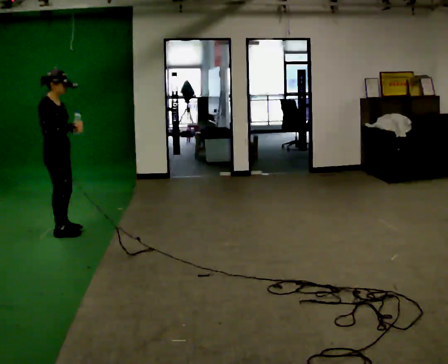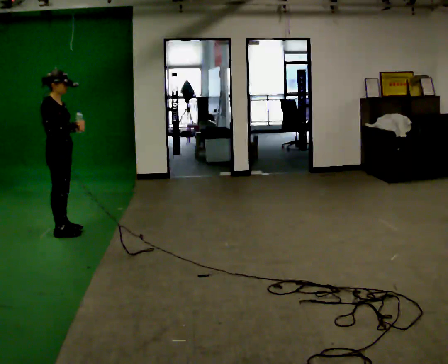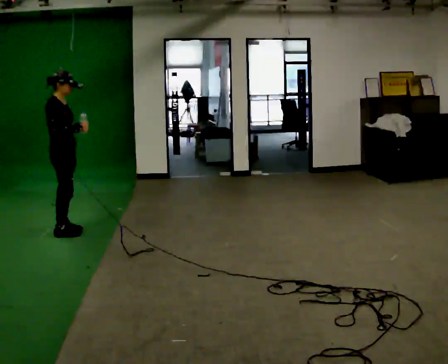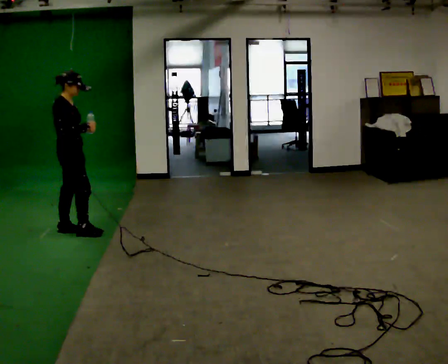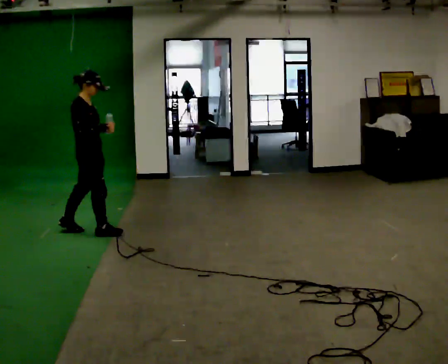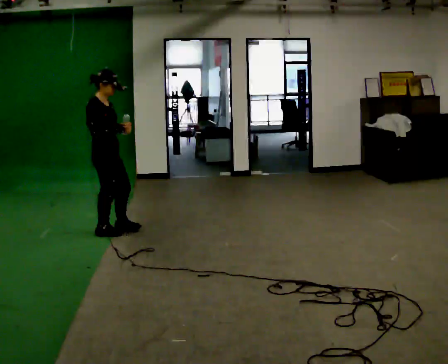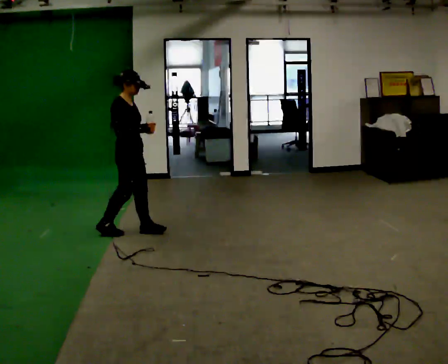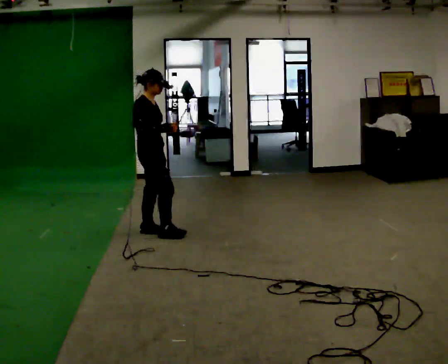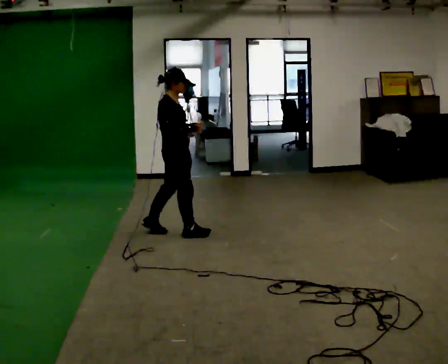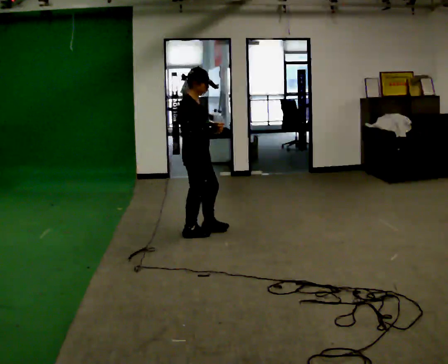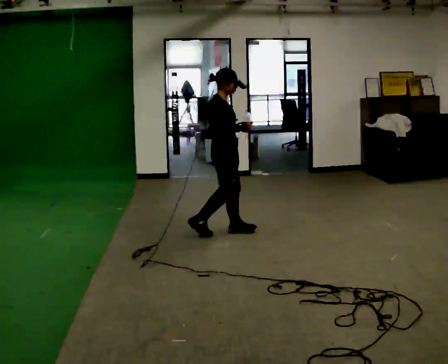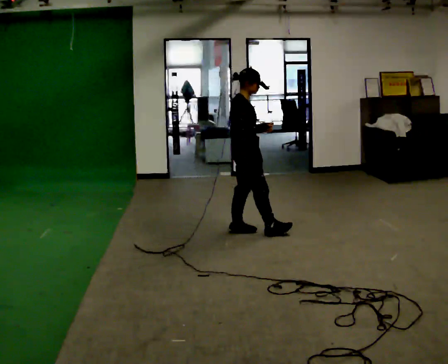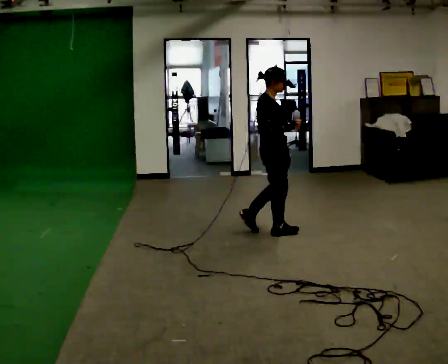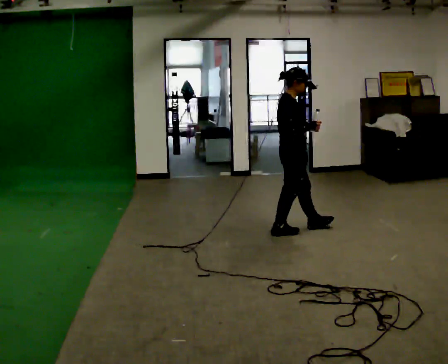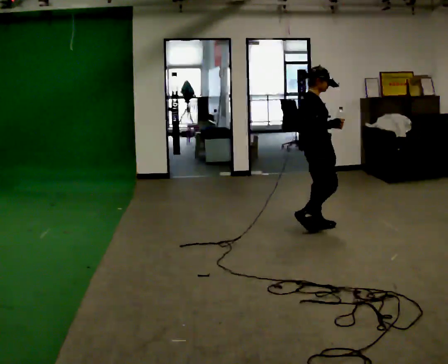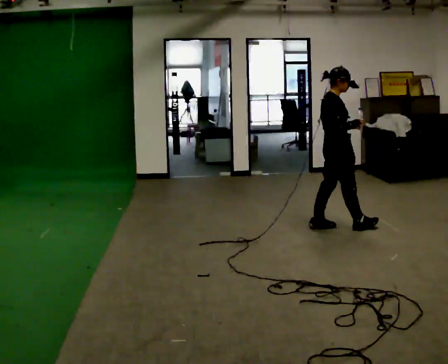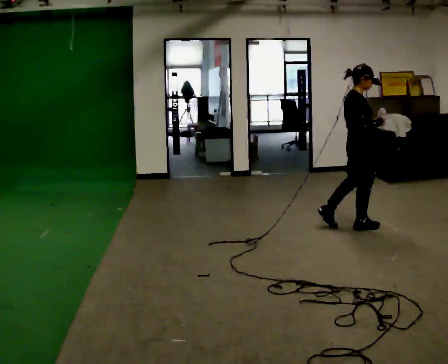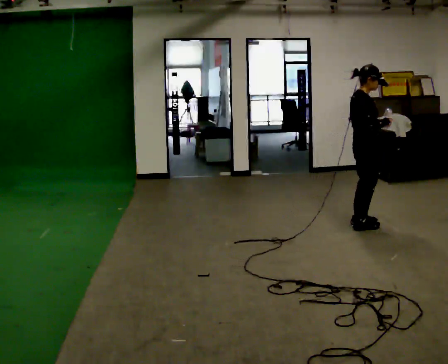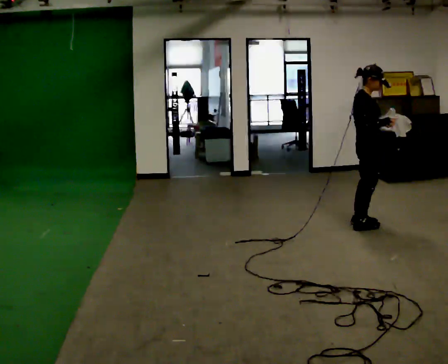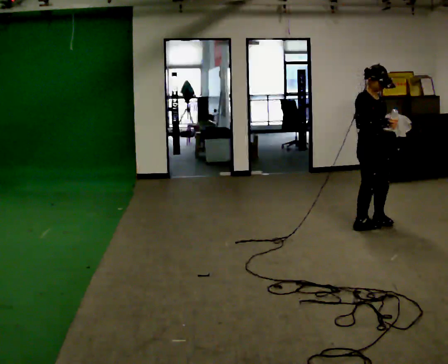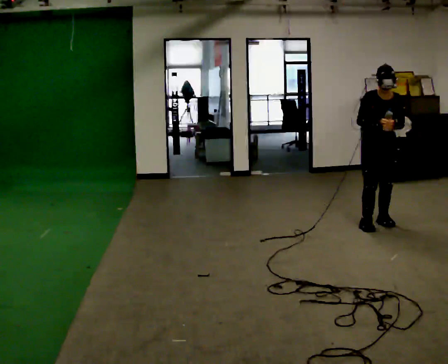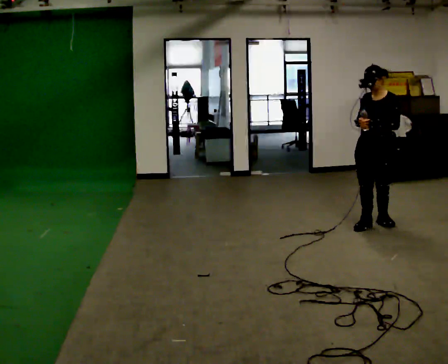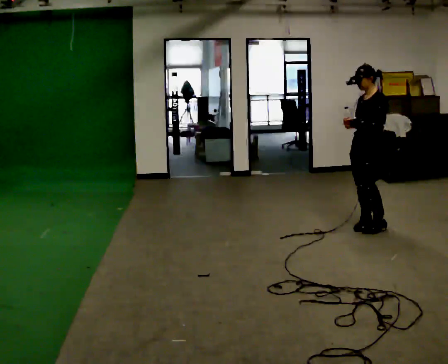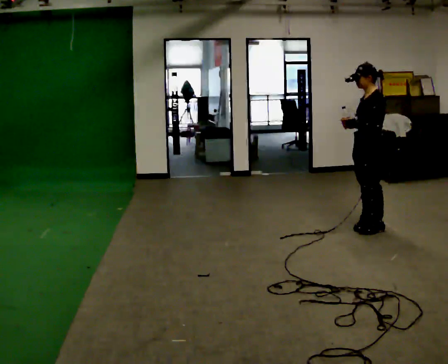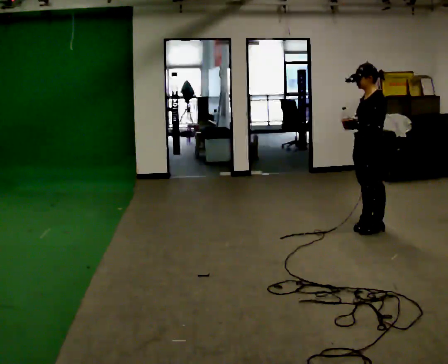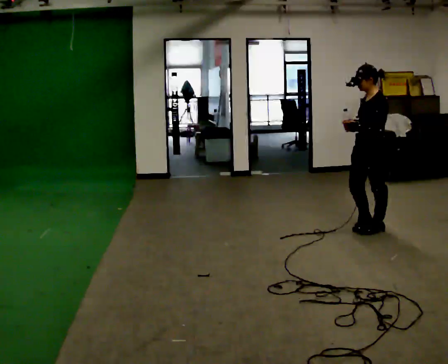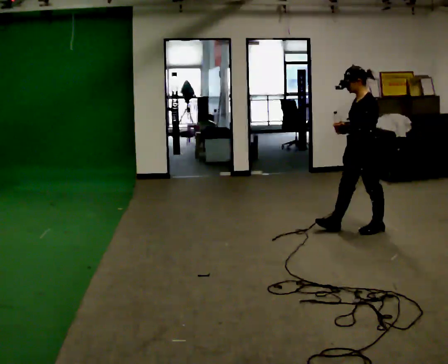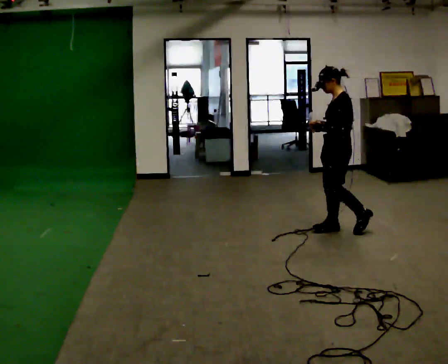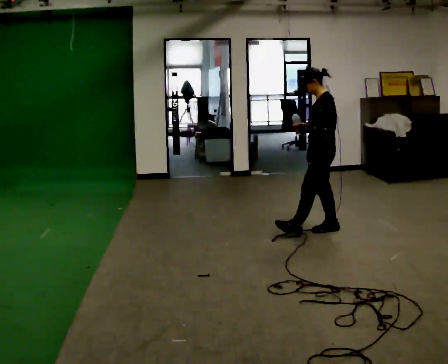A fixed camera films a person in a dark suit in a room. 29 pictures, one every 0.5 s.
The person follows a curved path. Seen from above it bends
clockwise.
0.0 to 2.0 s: In the picture they go to the right, about 0.25 m in 1 step, which for them is forward.
2.0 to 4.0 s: In the picture they go to the right, about 1 m in 2 steps, which for them is forward.
4.0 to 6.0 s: In the picture they go to the right, about 1 m in 2 steps, which for them is forward.
6.0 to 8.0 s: In the picture they go to the right, about 1 m in 2 steps, which for them is forward.
8.0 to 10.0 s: The person turns about 90 degrees to their right, clockwise seen from above, so the part of the body nearest the lens slides to the left. In the picture they go to the right, about 0.25 m in 2 steps.
10.0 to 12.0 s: The person turns about 90 degrees to their right, clockwise seen from above, so the part of the body nearest the lens slides to the left. In the picture they go toward the camera, about 0.25 m in 2 steps.
12.0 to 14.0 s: In the picture they go to the left, about 0.5 m in 1 step, which for them is forward.
The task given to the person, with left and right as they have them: Carry the open container of water across the room without spilling it, back and forth.
The film runs forward here.
